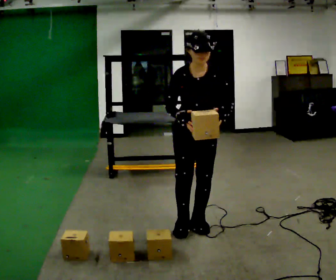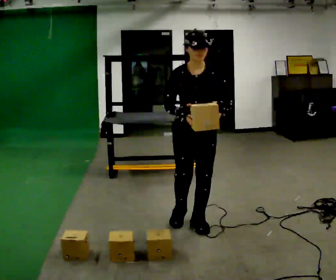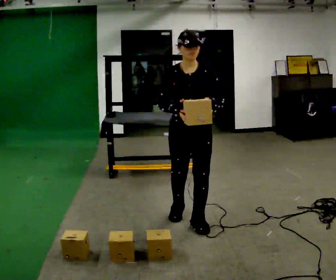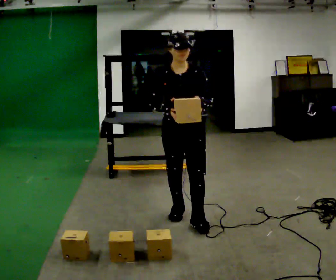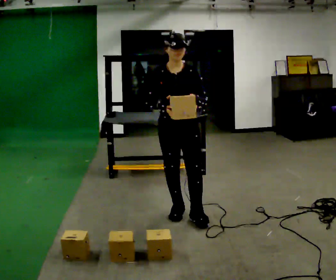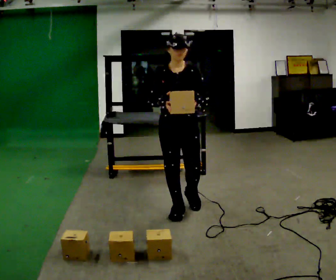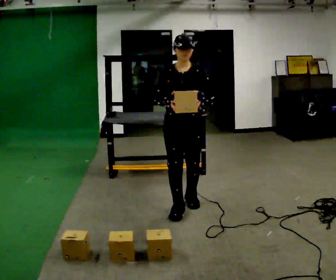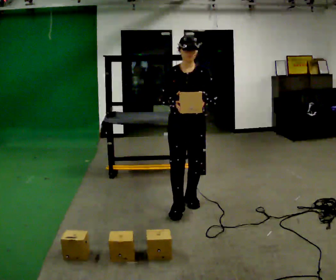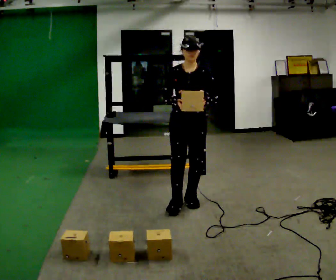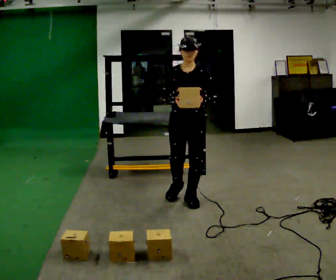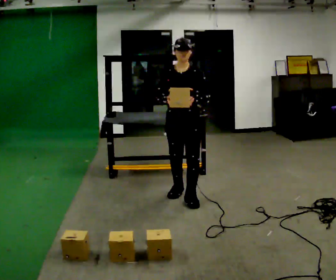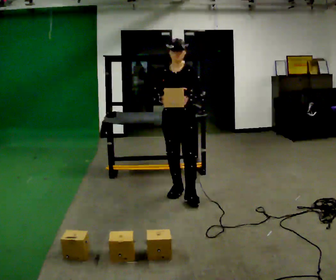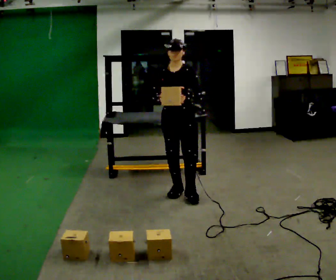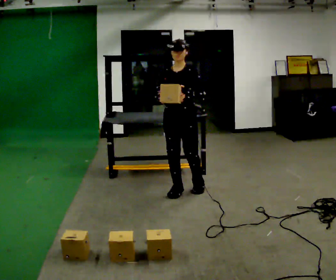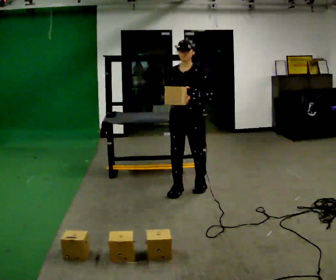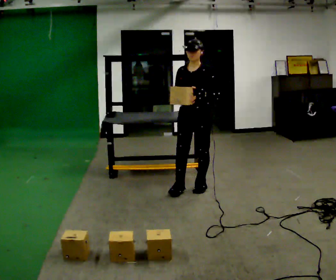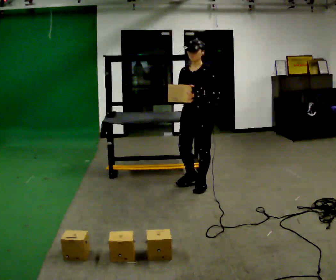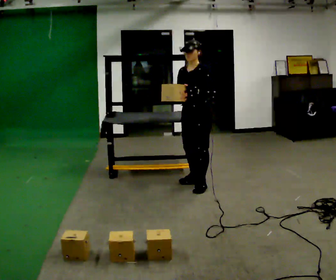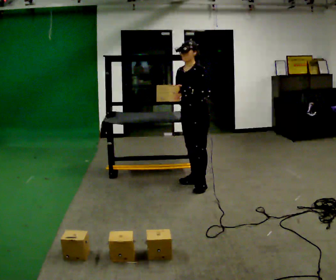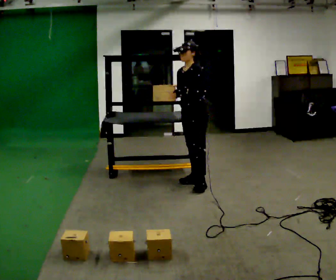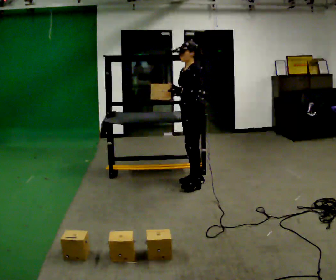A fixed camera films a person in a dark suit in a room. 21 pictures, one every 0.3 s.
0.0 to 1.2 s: In the picture they go away from the camera, about 0.25 m in 2 steps, which for them is backward and to their right.
1.2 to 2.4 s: In the picture they go away from the camera, about 0.25 m in 1 step, which for them is backward.
2.4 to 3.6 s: In the picture they go away from the camera, about 0.25 m in 1 step, which for them is backward and to their right.
3.6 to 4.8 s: In the picture they go to the right and away from the camera, about 0.25 m in 1 step, which for them is backward and to their left.
4.8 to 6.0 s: The person turns about 30 degrees to their right, clockwise seen from above, so the part of the body nearest the lens slides to the left. In the picture they go away from the camera, about 0.25 m, which for them is to their right and backward.
The film runs backward here.
